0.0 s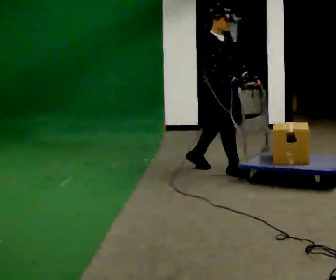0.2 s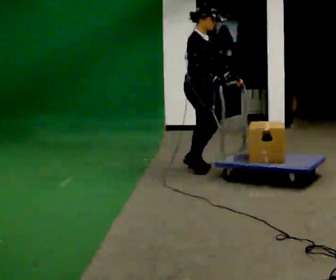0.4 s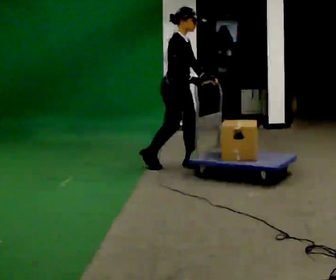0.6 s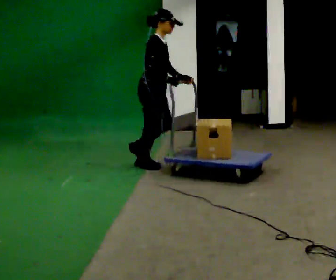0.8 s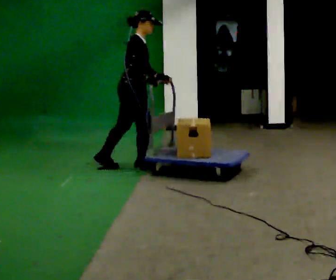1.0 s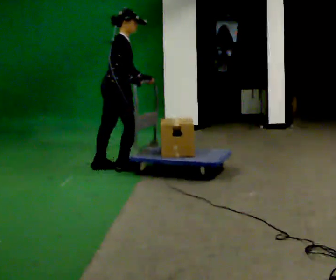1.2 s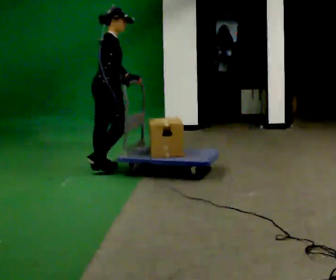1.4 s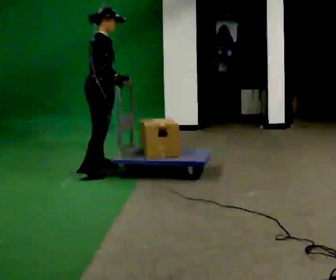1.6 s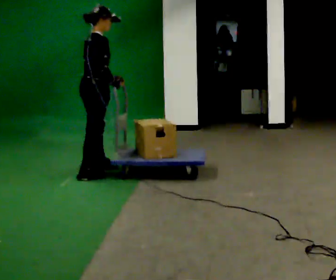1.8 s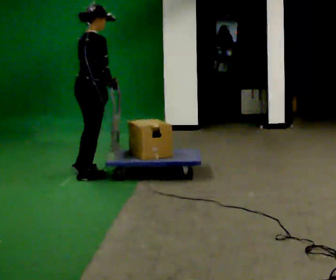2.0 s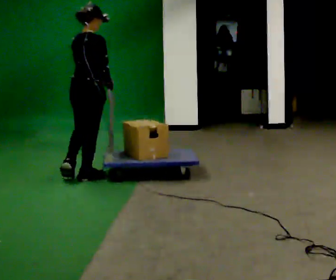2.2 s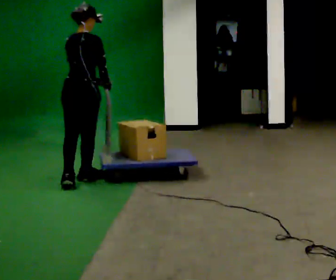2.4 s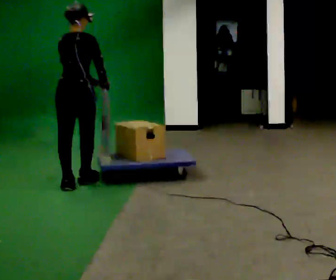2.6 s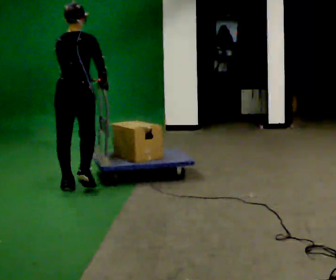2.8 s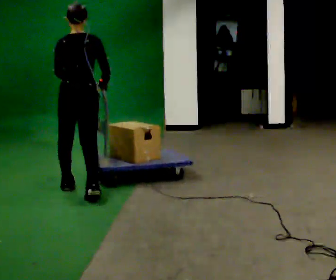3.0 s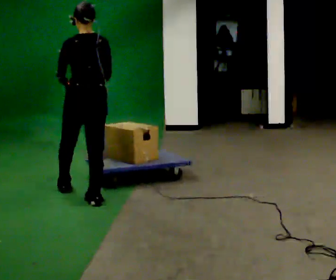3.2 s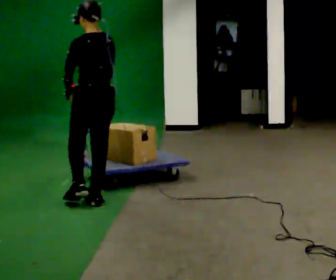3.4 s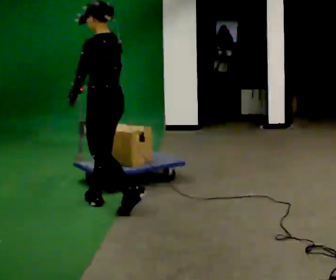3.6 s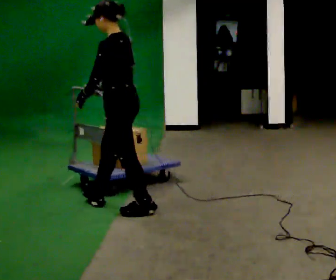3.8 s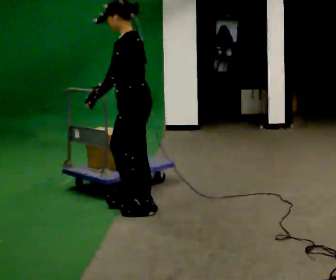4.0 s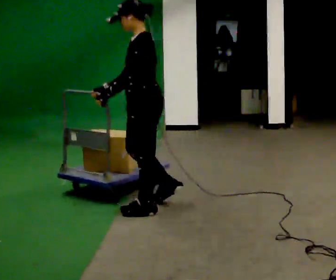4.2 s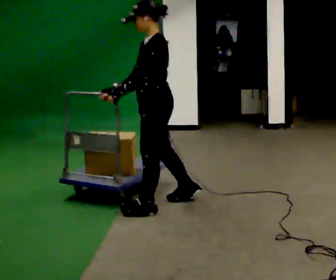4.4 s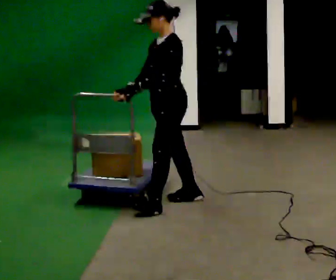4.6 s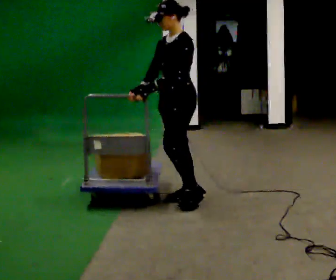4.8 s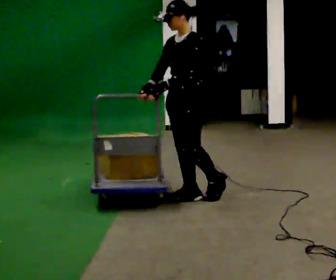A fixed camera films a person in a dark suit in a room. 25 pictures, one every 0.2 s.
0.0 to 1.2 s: The person turns about 45 degrees to their left, counterclockwise seen from above, so the part of the body nearest the lens slides to the right. In the picture they go to the left and away from the camera, about 1 m in 3 steps, which for them is backward.
1.2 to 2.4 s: The part of the body nearest the lens slides to the right as the person turns to their left by about 60 degrees. In the picture they go toward the camera and to the left, about 0.5 m in 2 steps, which for them is backward and to their right.
2.4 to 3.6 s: The person turns about 90 degrees to their left, counterclockwise seen from above, so the part of the body nearest the lens slides to the right. In the picture they go toward the camera and to the right, about 0.5 m in 2 steps.
3.6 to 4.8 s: The part of the body nearest the lens slides to the right as the person turns to their left by about 45 degrees. In the picture they go to the right, about 0.5 m in 1 step, which for them is backward.
The film runs backward here.
